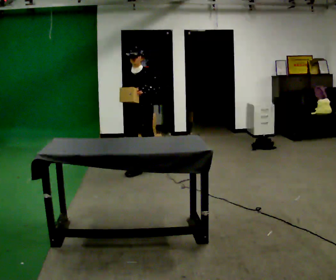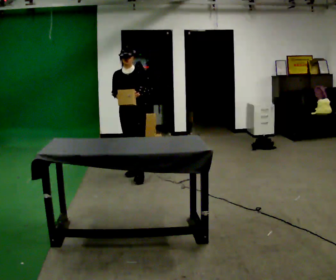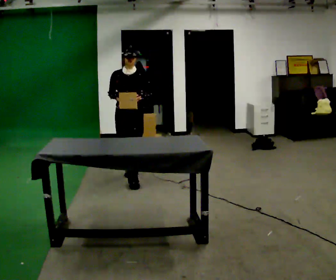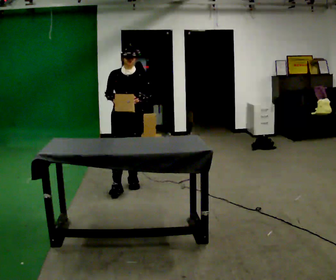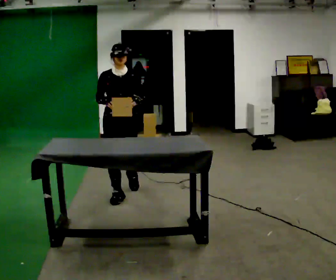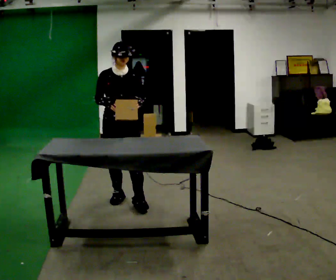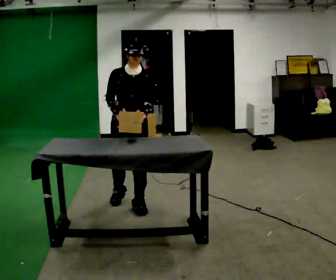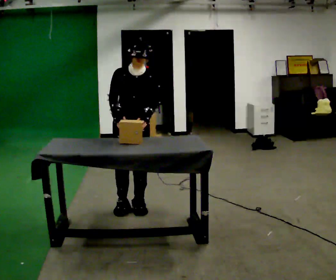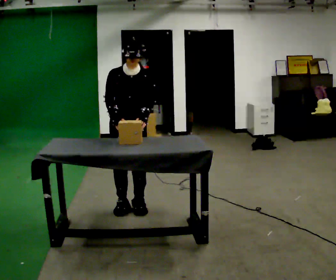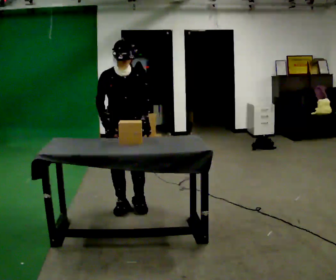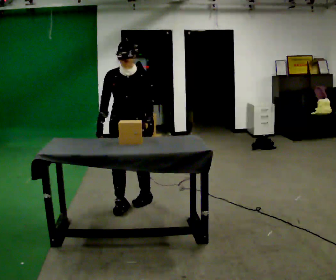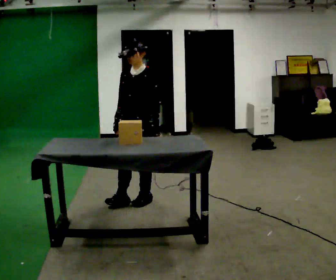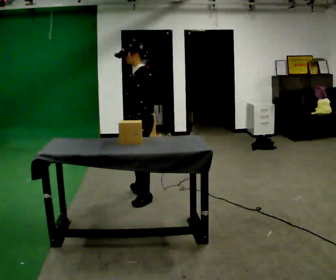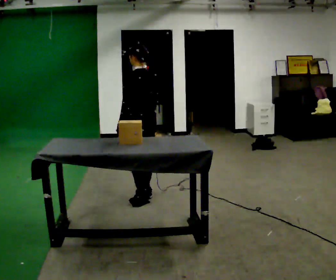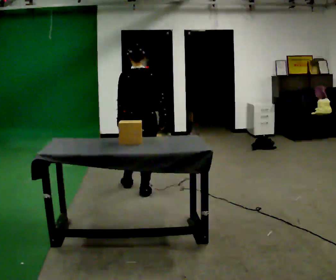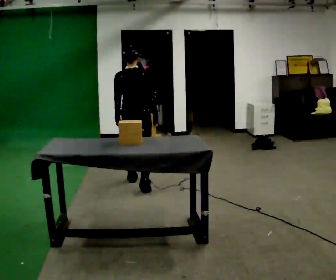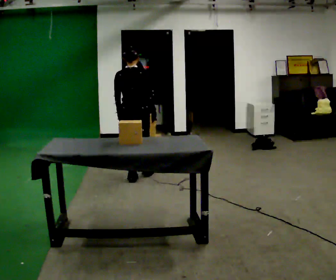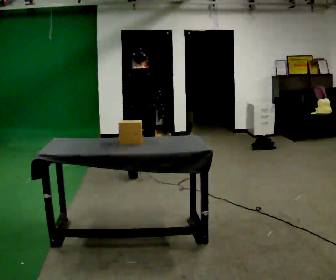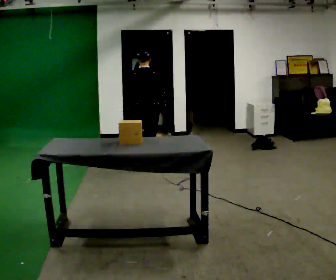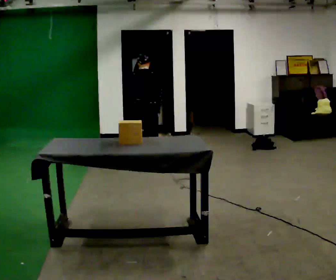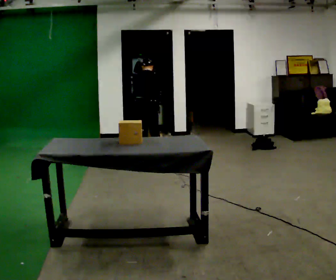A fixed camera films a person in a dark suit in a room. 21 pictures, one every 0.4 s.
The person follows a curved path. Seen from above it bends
counterclockwise.
0.0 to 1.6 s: Seen from above the body turns counterclockwise, about 30 degrees: to their left, with its near side sliding to the right. In the picture they go toward the camera, about 1 m in 2 steps, which for them is forward.
1.6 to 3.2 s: In the picture they go toward the camera, about 0.25 m in 2 steps, which for them is forward.
3.2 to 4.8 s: Seen from above the body turns clockwise, about 90 degrees: to their right, with its near side sliding to the left. In the picture they go away from the camera and to the right, about 0.25 m in 2 steps.
4.8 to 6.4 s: The person turns about 105 degrees to their right, clockwise seen from above, so the part of the body nearest the lens slides to the left. In the picture they go away from the camera, about 0.75 m in 1 step.
6.4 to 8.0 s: In the picture they go away from the camera, about 1 m in 3 steps, which for them is forward. The upper body tips away from the camera, its near side rolling upward, as they bend forward.
The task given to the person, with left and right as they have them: Take an object out of the bin at knee height, carry it across the room, and place it on the chest-height shelf. Keep going until the operator says stop; one object at a time, and do not rush between trips.
The film runs forward here.
